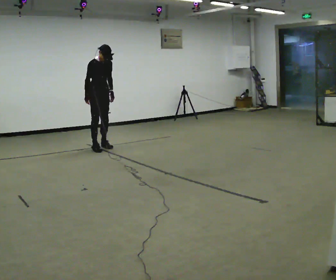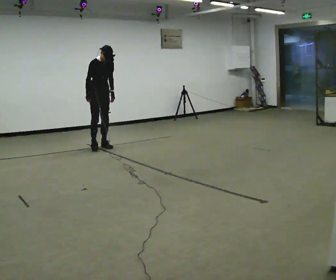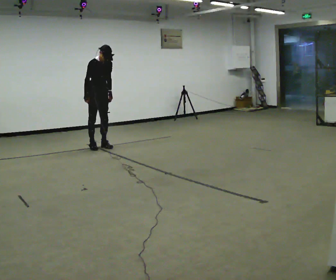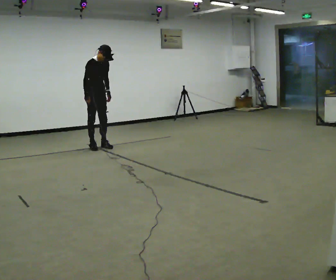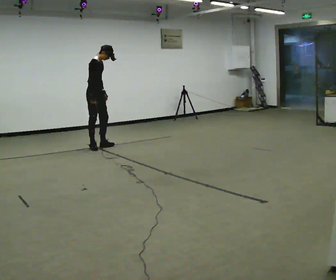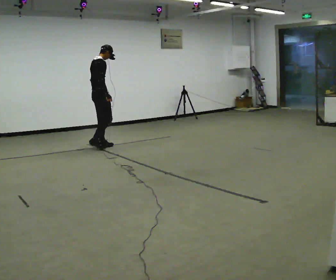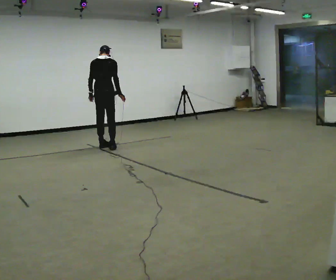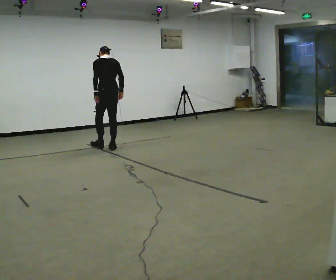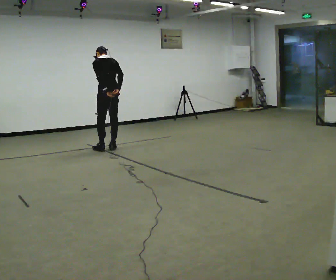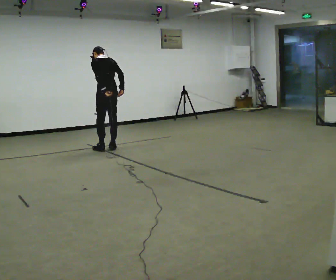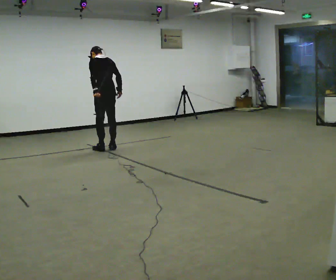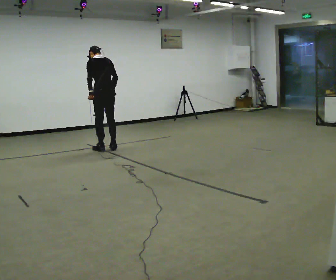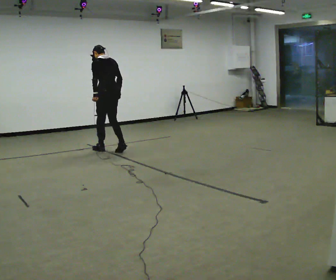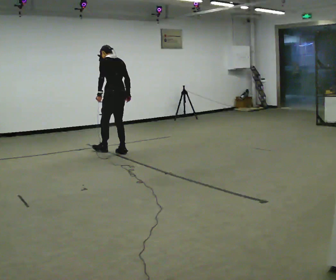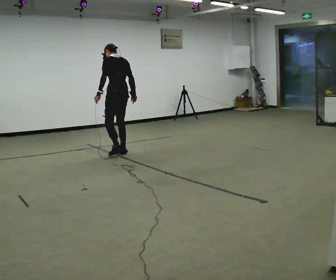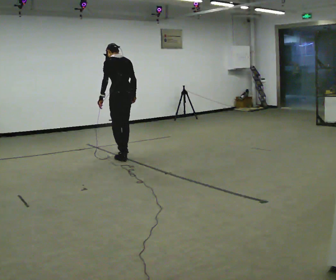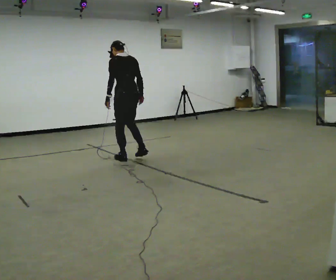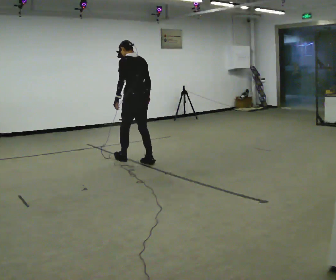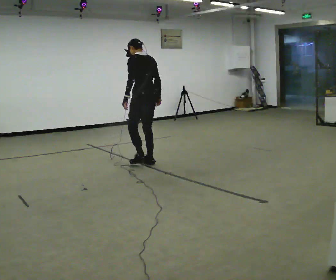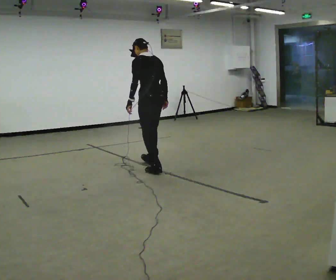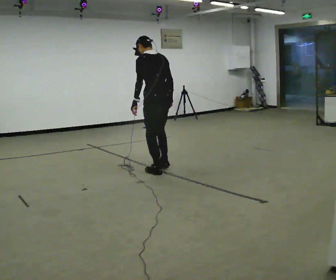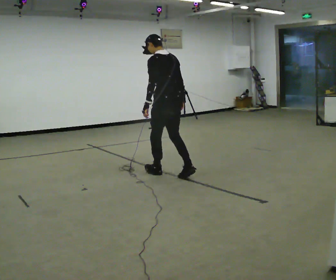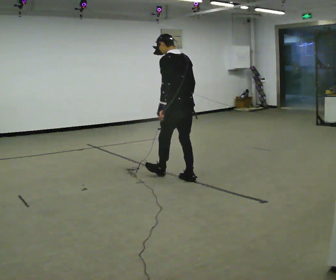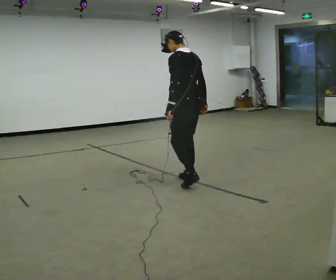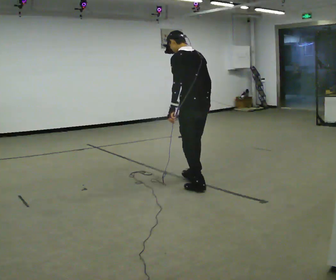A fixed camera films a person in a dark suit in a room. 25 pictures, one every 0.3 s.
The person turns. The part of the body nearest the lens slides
to the right.
The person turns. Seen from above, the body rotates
counterclockwise.
0.0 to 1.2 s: Seen from above the body turns counterclockwise, about 45 degrees: to their left, with its near side sliding to the right.
1.2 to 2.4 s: The person turns about 135 degrees to their left, counterclockwise seen from above, so the part of the body nearest the lens slides to the right. In the picture they go to the right and toward the camera, about 0.25 m in 2 steps. In the picture the upper body tilts counterclockwise, shoulders to the left.
2.4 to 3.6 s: In the picture they go toward the camera, about 0.25 m, which for them is backward.
3.6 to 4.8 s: In the picture they go toward the camera and to the right, about 0.75 m in 2 steps, which for them is backward.
4.8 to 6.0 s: In the picture they go toward the camera and to the right, about 1 m in 2 steps, which for them is backward.
6.0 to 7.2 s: In the picture they go toward the camera and to the right, about 0.5 m in 2 steps, which for them is backward.
The film runs forward here.
